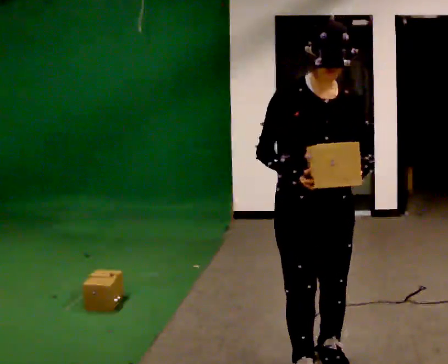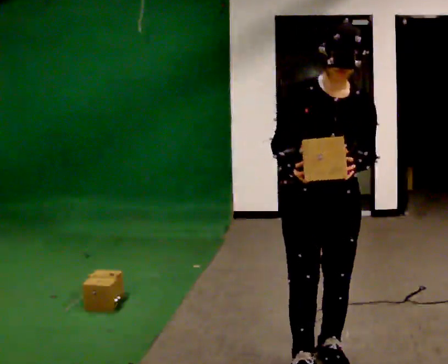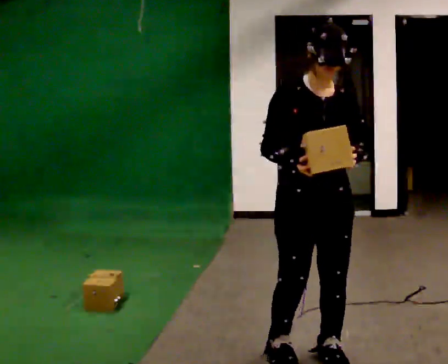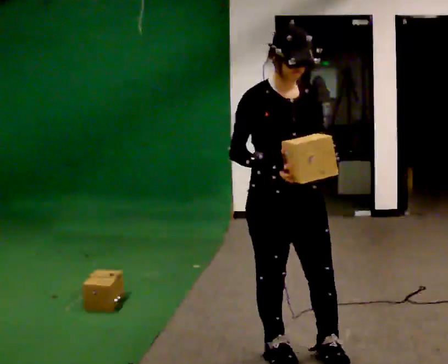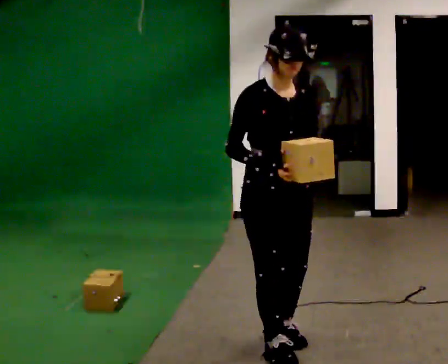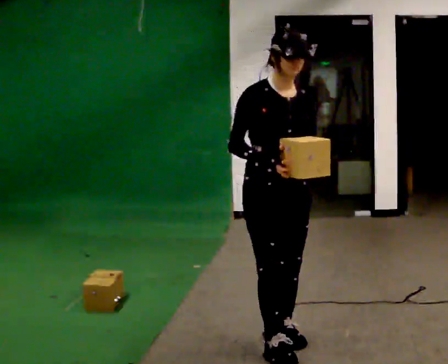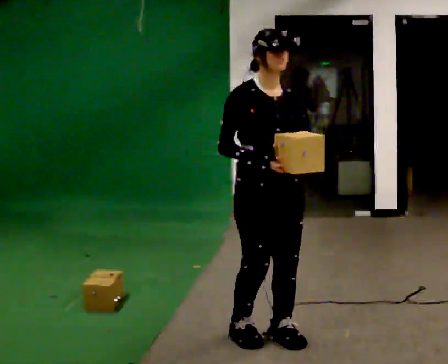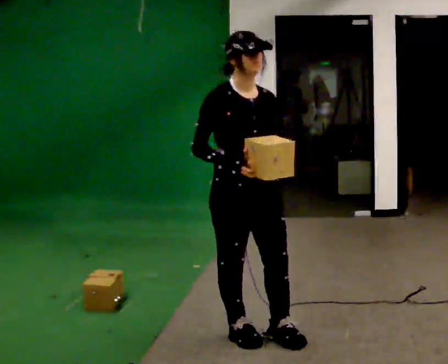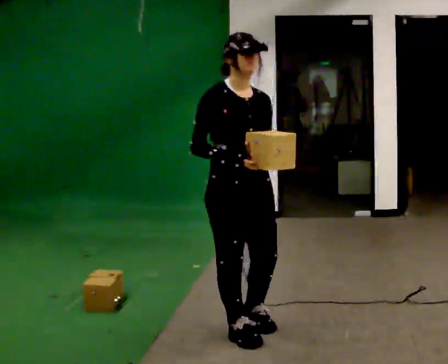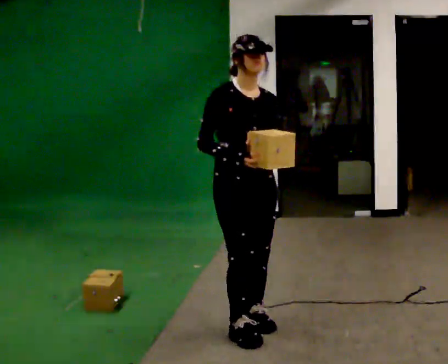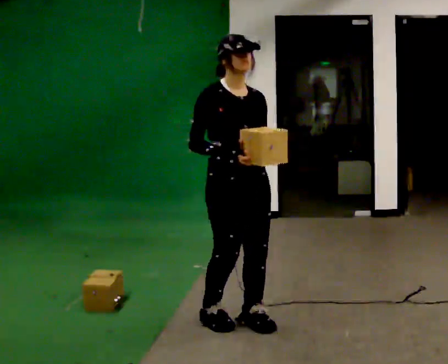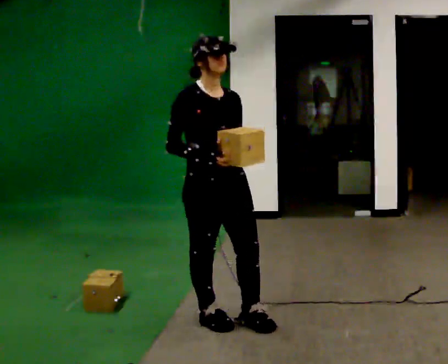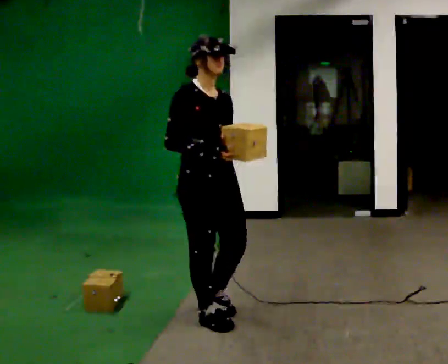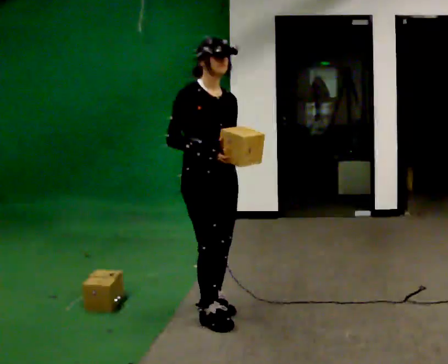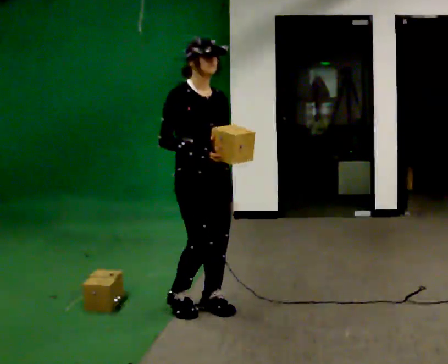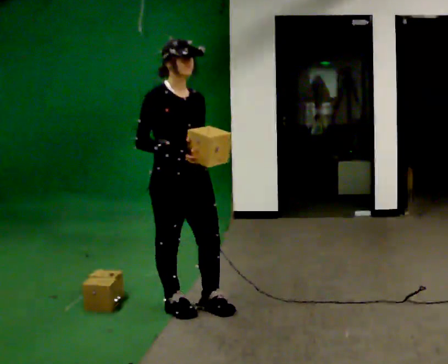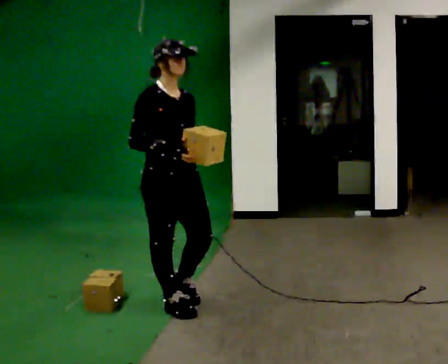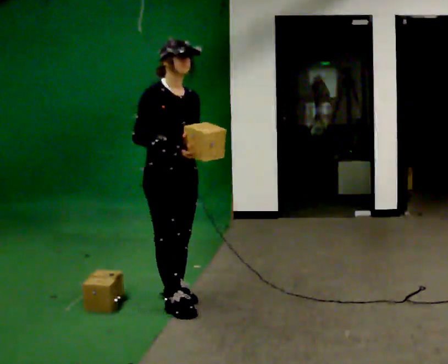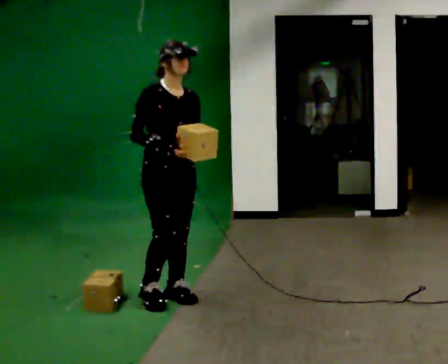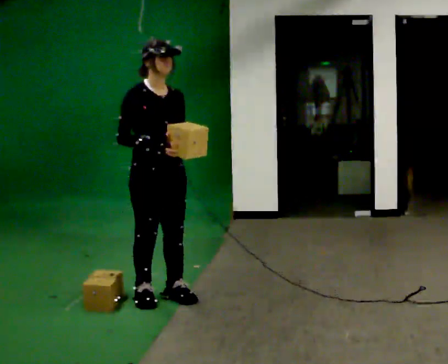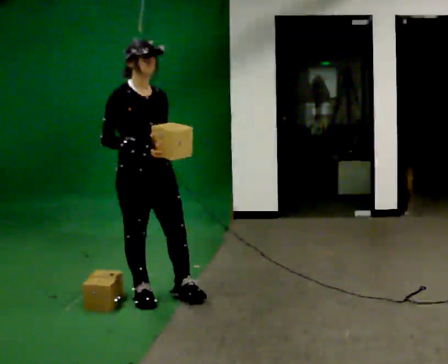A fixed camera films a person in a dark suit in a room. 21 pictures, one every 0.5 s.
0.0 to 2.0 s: In the picture they go away from the camera and to the left, about 0.25 m in 2 steps, which for them is backward and to their right.
2.0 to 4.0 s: In the picture they go away from the camera and to the left, about 0.25 m in 2 steps, which for them is backward.
4.0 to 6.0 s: In the picture they go away from the camera and to the left, about 0.25 m in 2 steps, which for them is backward.
6.0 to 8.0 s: In the picture they go to the left and away from the camera, about 0.25 m in 2 steps, which for them is backward.
8.0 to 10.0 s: In the picture they go to the left, about 0.25 m in 2 steps, which for them is backward.
The film runs backward here.
